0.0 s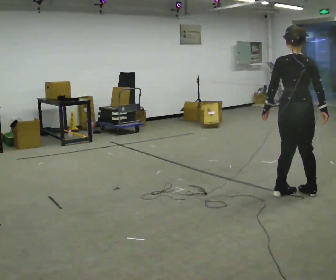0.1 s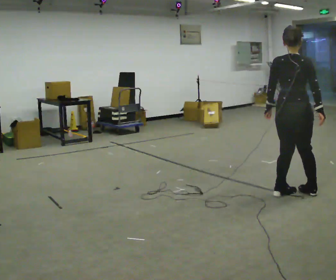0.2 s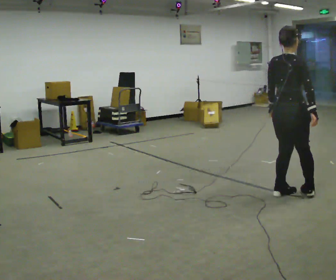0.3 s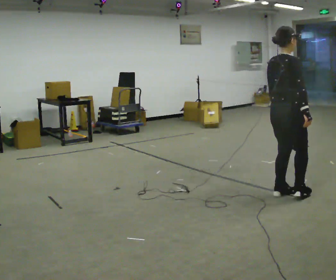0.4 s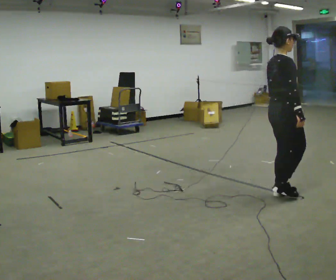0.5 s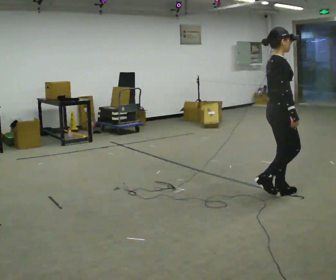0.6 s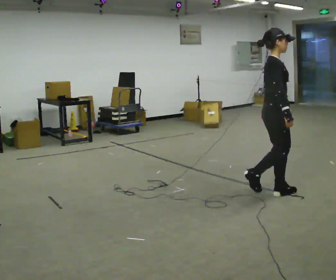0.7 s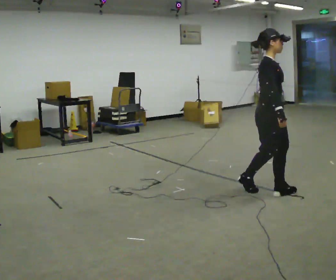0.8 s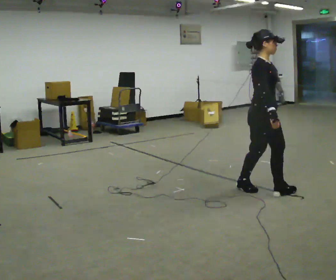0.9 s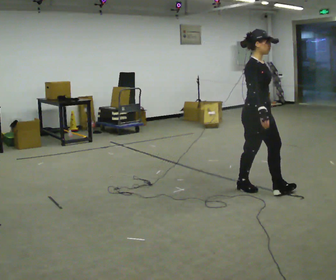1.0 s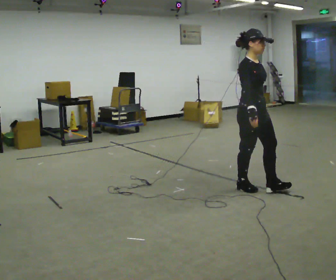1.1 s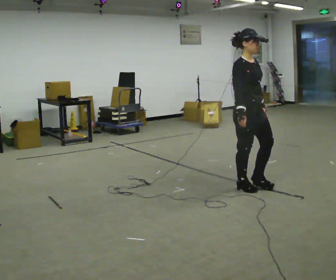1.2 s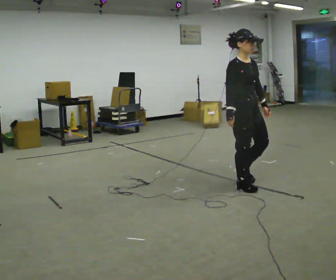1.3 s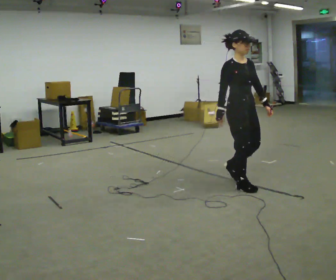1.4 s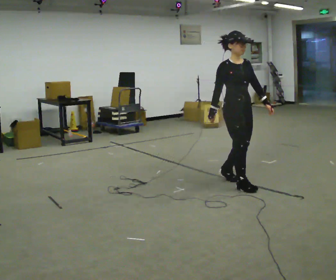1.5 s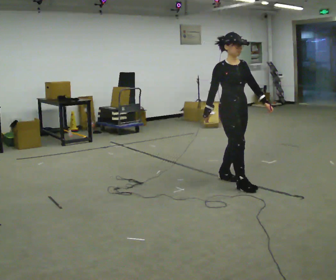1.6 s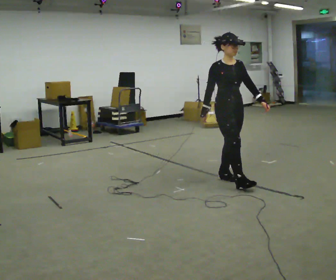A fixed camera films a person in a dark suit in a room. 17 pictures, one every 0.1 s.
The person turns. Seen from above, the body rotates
clockwise.
The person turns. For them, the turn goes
to their right.
0.0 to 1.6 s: The person turns about 150 degrees to their right, clockwise seen from above, so the part of the body nearest the lens slides to the left. In the picture they go to the left and away from the camera, about 1 m in 3 steps.
The film runs backward here.
